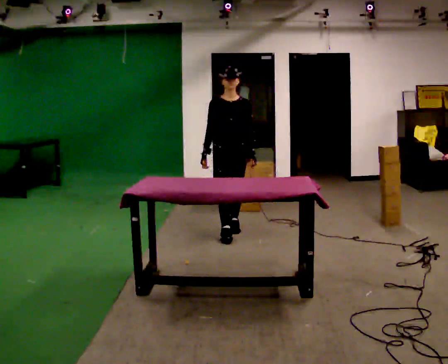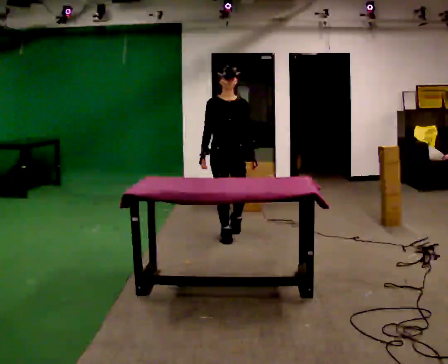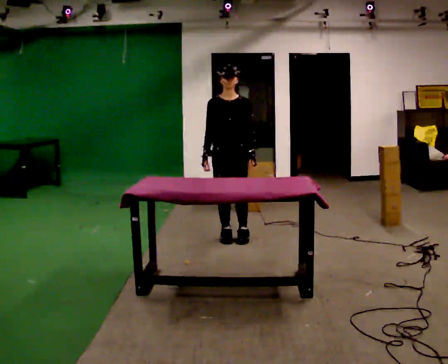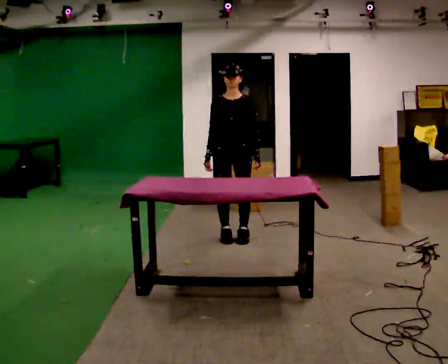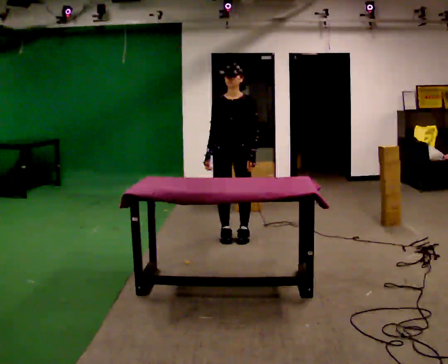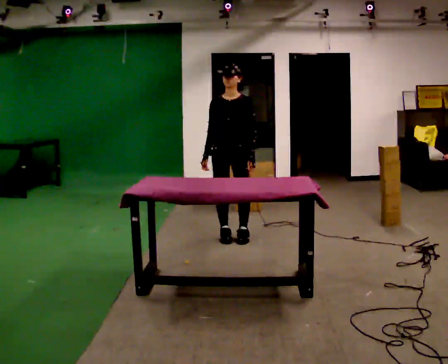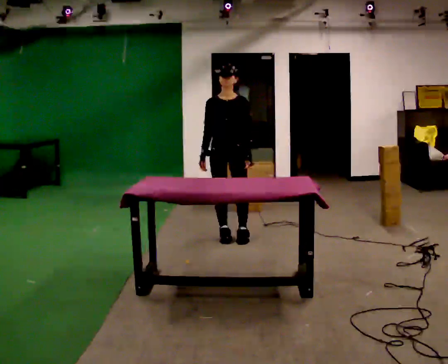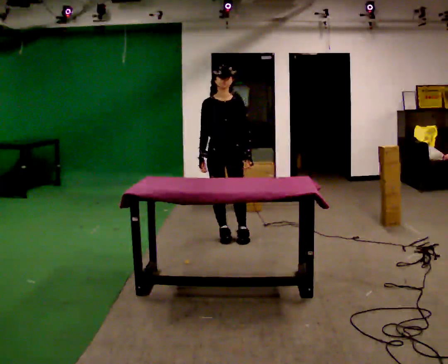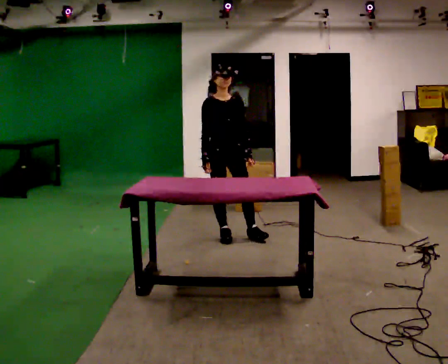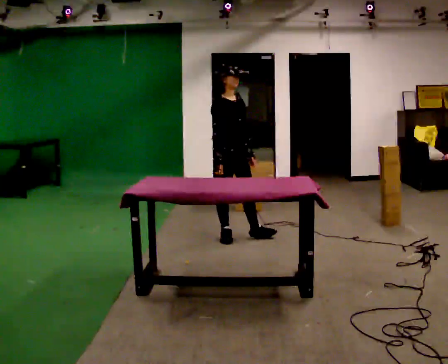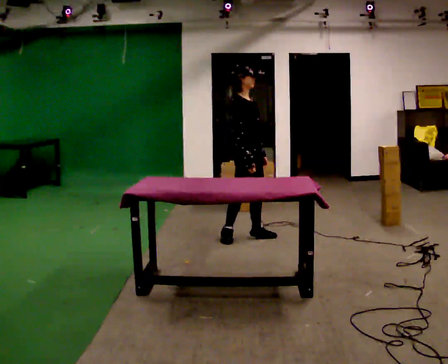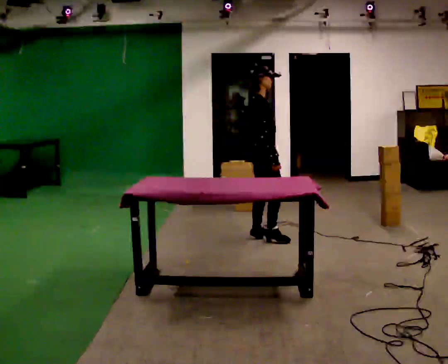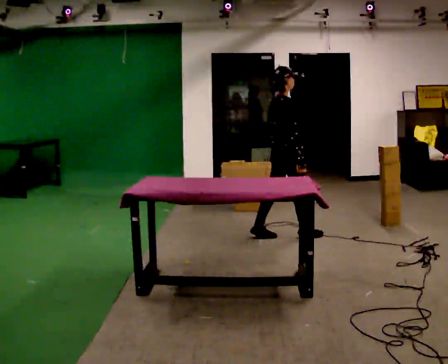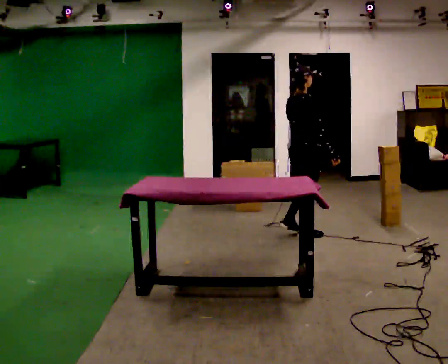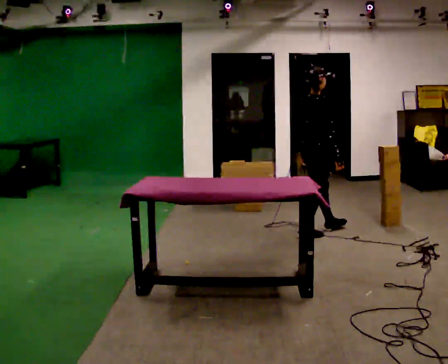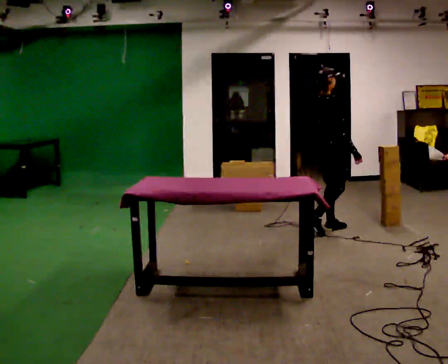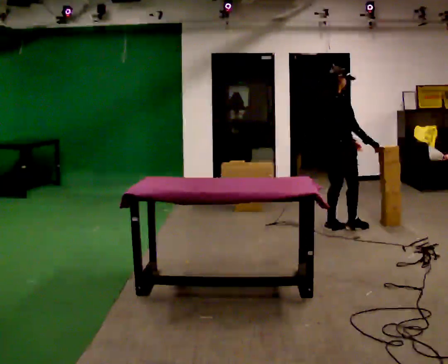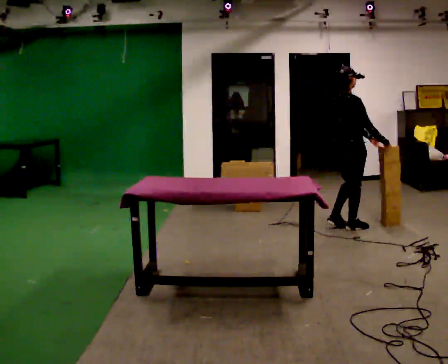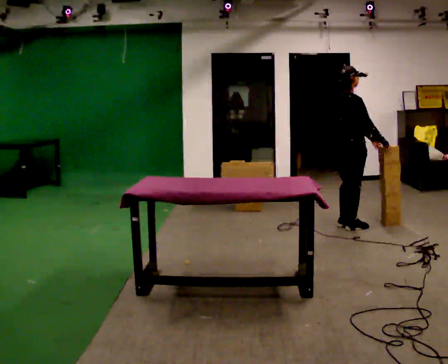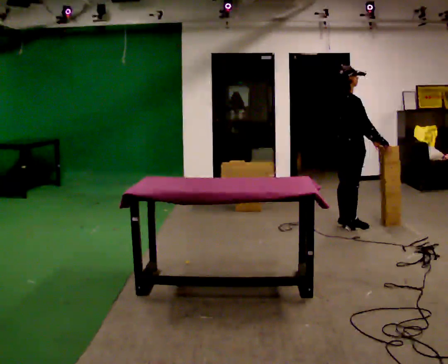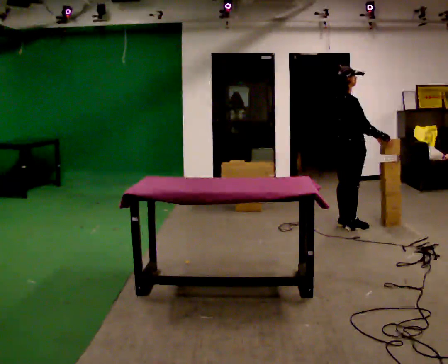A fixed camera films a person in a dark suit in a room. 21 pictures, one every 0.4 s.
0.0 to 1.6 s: In the picture they go toward the camera, about 0.25 m in 1 step, which for them is forward.
1.6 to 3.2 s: Seen from above the body turns counterclockwise, about 30 degrees: to their left, with its near side sliding to the right.
3.2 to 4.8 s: The person turns about 90 degrees to their left, counterclockwise seen from above, so the part of the body nearest the lens slides to the right. In the picture they go to the right, about 0.5 m in 1 step.
4.8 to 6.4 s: In the picture they go to the right and away from the camera, about 0.5 m in 2 steps, which for them is forward.
6.4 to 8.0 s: The person moves a little, or ends about where they began.
The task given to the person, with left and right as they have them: 1. The operator will tell you the shelf is already sorted and just needs moving to the table. 2. Do what you think is right. 3. Tell the operator when you are finished.
The film runs forward here.
